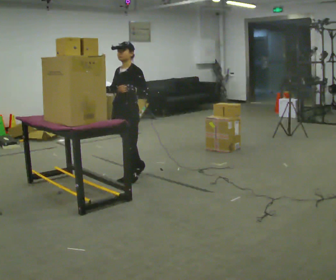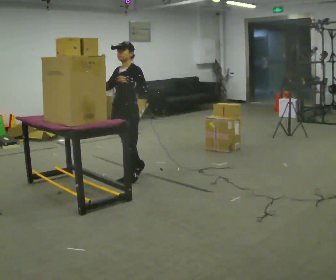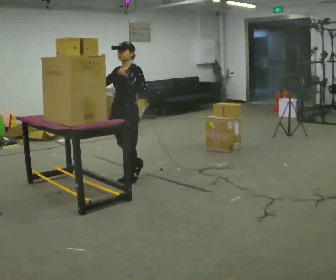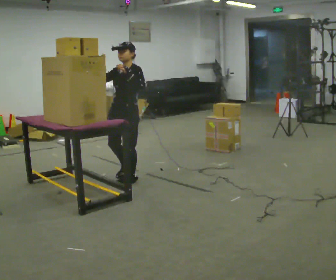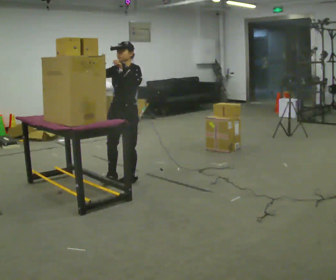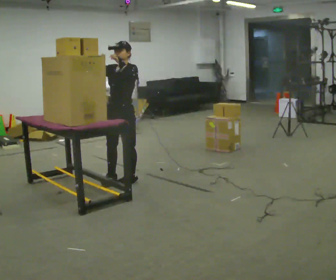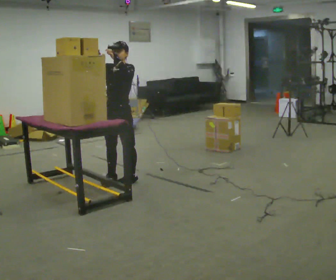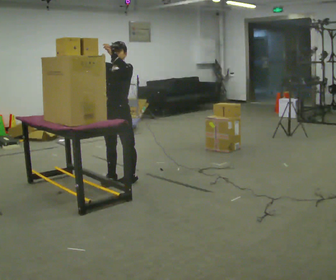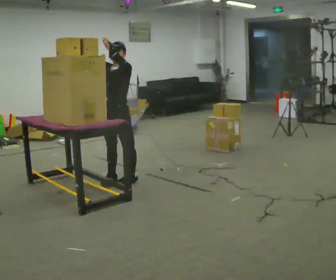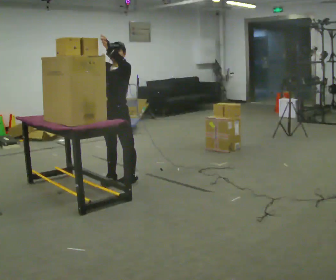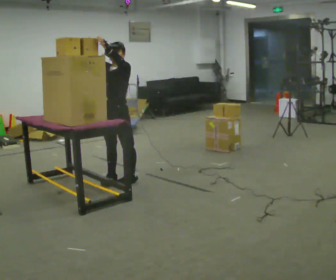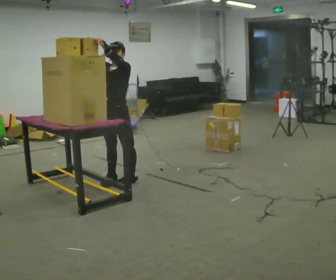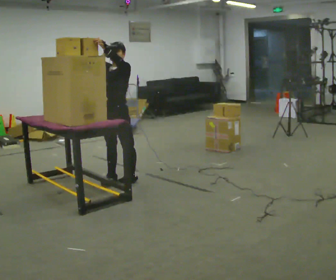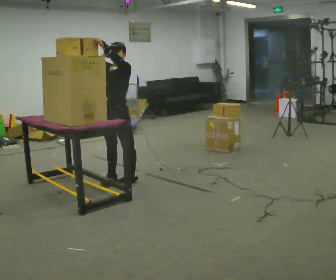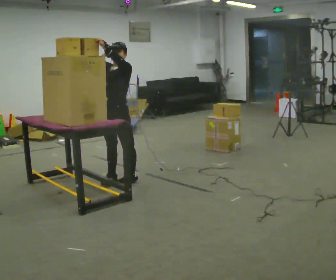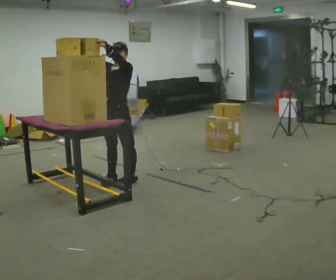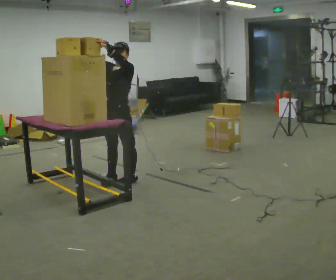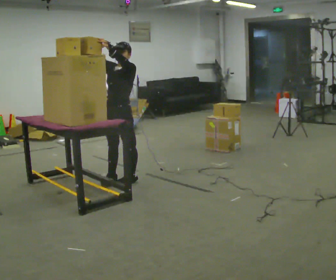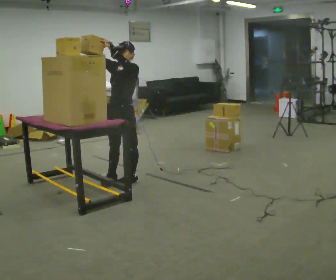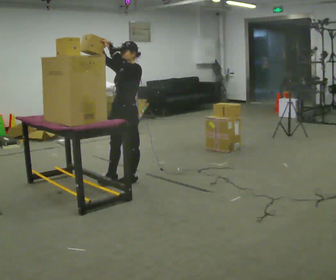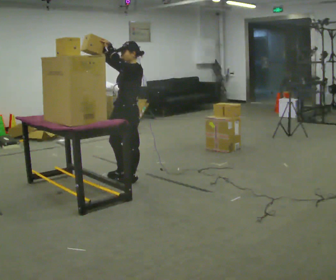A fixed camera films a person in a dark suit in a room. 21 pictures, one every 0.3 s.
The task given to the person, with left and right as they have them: Take an object down from the highest shelf you can comfortably reach, carry it across, and place it on the waist-height shelf. Keep going until the operator says stop; one object at a time, and do not rush between trips.
0.0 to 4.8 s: In the picture their right hand goes upward.
4.8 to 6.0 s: Seen from above the body turns clockwise, about 30 degrees: to their right, with its near side sliding to the left.
The film runs forward here.
